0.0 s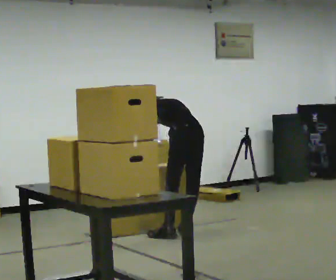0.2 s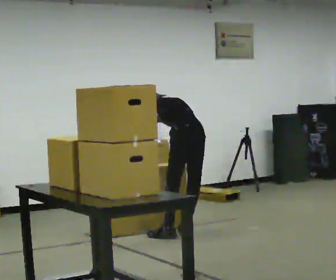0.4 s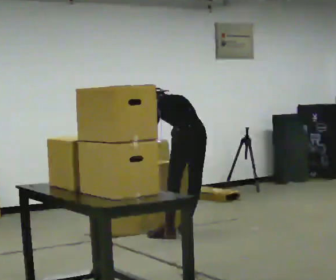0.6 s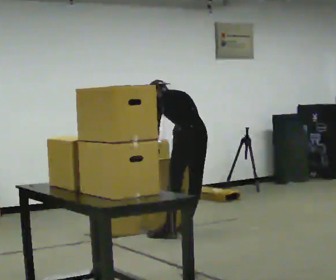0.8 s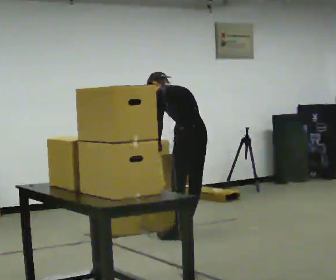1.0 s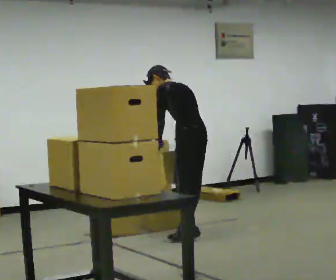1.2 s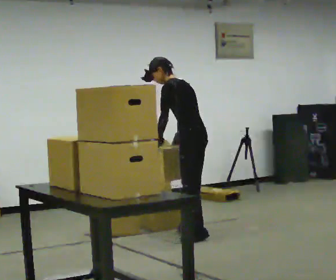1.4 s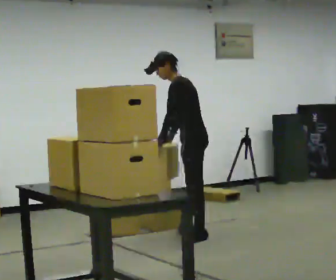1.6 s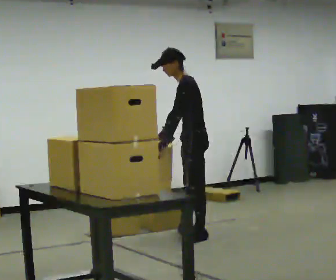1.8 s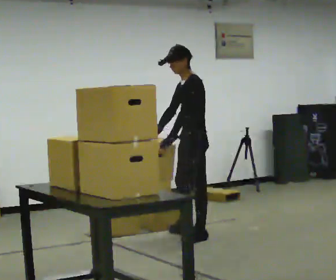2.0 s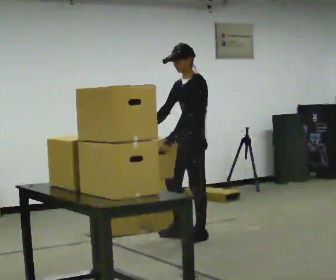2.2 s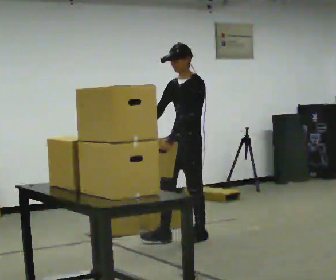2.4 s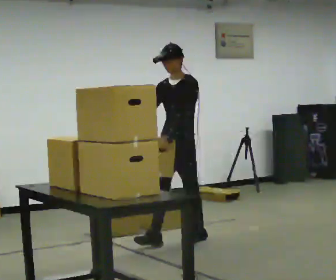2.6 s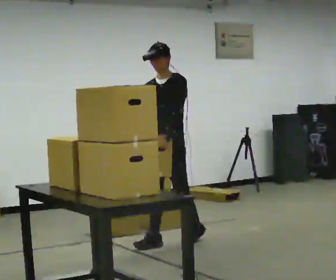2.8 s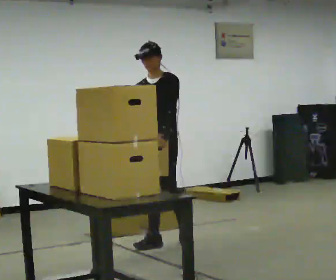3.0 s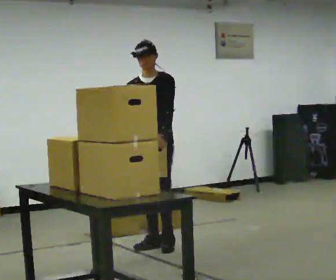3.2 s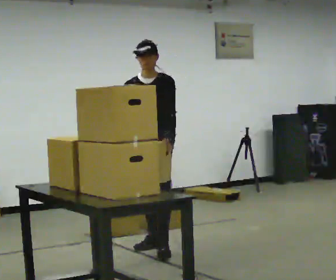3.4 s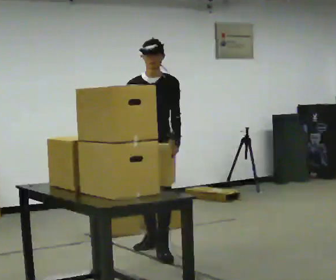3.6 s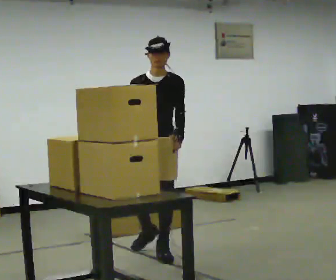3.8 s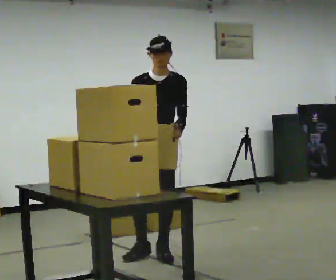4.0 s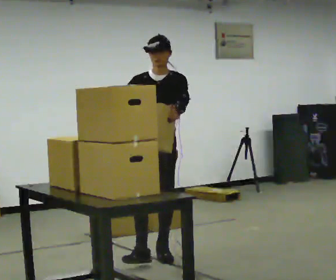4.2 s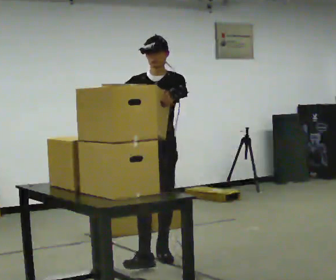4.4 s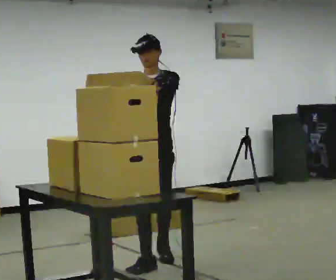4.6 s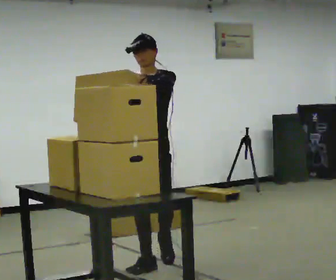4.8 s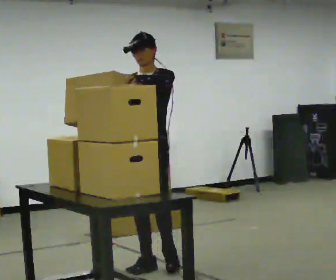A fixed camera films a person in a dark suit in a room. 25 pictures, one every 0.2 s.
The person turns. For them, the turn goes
to their left.
Their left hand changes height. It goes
upward.
0.0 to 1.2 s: The part of the body nearest the lens slides to the right as the person turns to their left by about 30 degrees. The shoulders move upward. The upper body tips toward the camera, its near side rolling downward, as they lean back or straighten.
1.2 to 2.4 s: The part of the body nearest the lens slides to the right as the person turns to their left by about 75 degrees. In the picture they go toward the camera, about 0.25 m in 1 step. The upper body tips toward the camera, its near side rolling downward, as they lean back or straighten.
2.4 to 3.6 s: Seen from above the body turns counterclockwise, about 30 degrees: to their left, with its near side sliding to the right. In the picture they go toward the camera, about 0.5 m in 1 step, which for them is forward.
3.6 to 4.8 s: In the picture they go toward the camera, about 0.5 m in 1 step, which for them is forward. In the picture their left hand goes upward.
The film runs forward here.
